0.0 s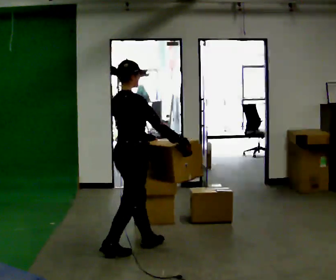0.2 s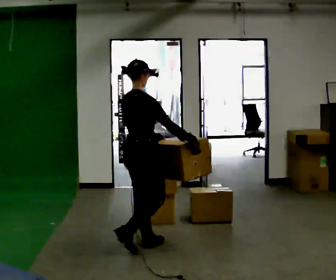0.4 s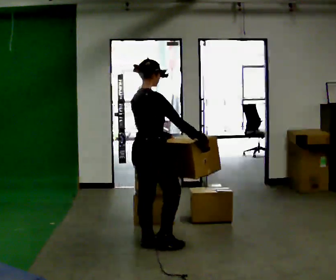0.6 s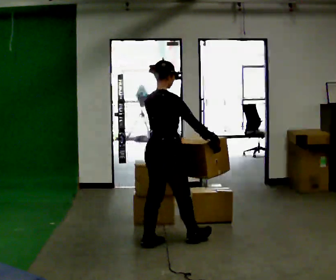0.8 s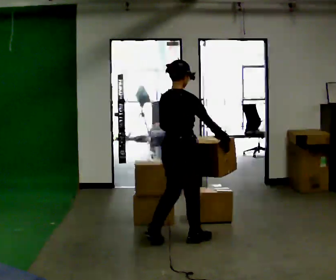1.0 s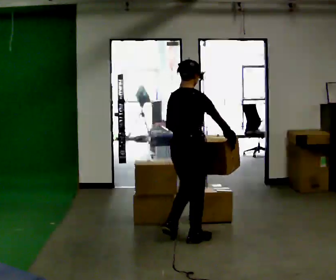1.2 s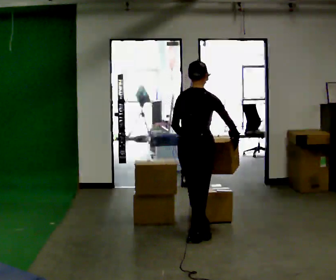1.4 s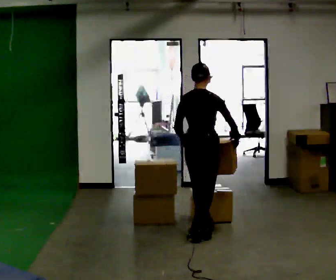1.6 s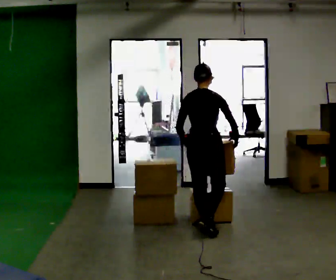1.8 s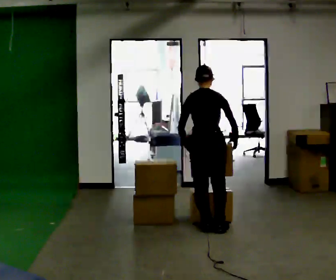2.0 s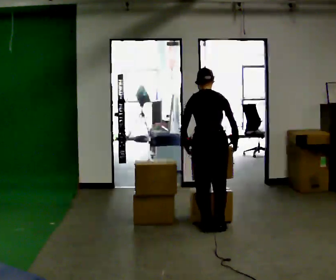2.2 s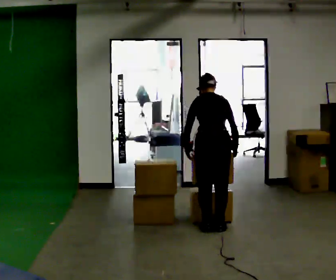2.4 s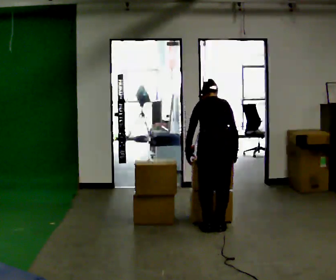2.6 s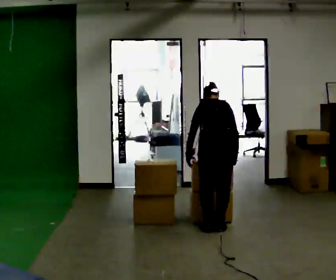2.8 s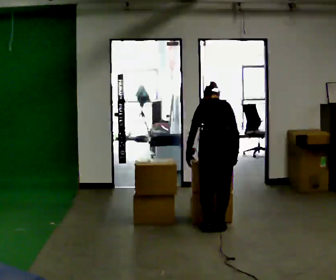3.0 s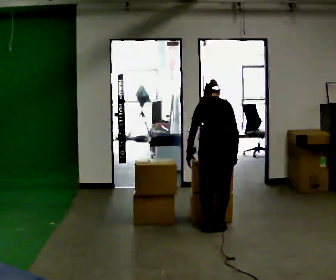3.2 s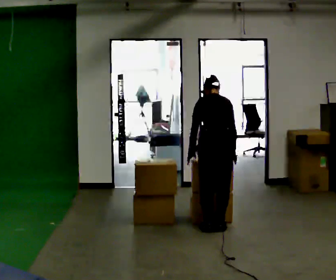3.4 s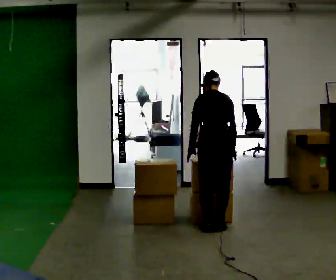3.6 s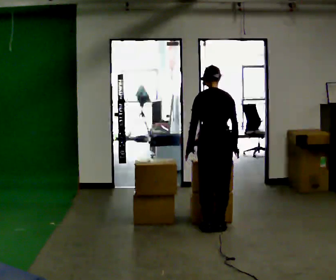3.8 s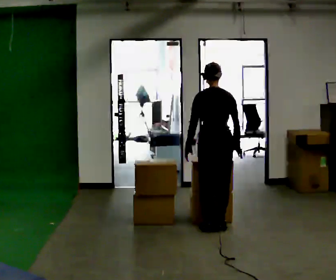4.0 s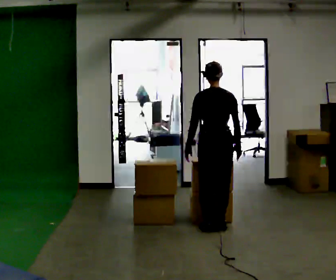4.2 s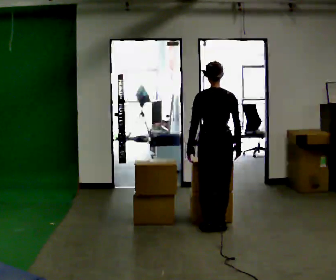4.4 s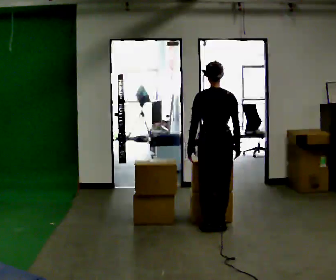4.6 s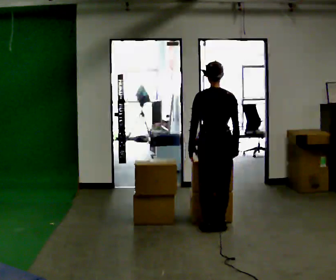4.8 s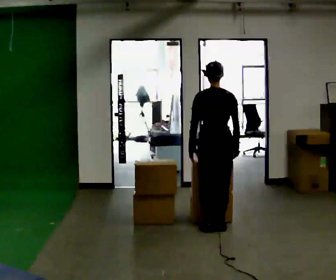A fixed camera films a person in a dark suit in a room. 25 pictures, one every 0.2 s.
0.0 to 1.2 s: Seen from above the body turns counterclockwise, about 30 degrees: to their left, with its near side sliding to the right. In the picture they go to the right and away from the camera, about 0.5 m in 1 step, which for them is forward.
1.2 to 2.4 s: The person turns about 30 degrees to their left, counterclockwise seen from above, so the part of the body nearest the lens slides to the right. In the picture they go away from the camera and to the right, about 0.25 m in 2 steps, which for them is forward and to their right. The upper body tips away from the camera, its near side rolling upward, as they bend forward.
2.4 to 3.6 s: The upper body tips toward the camera, its near side rolling downward, as they lean back or straighten.
3.6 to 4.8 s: The person moves a little, or ends about where they began.
The film runs forward here.
